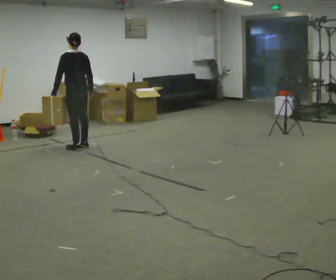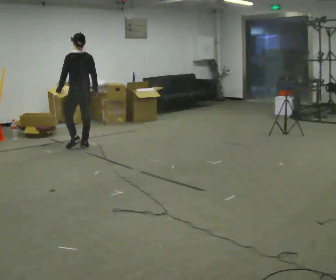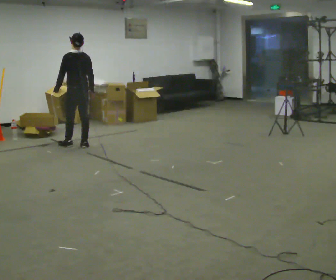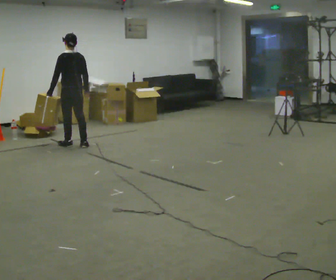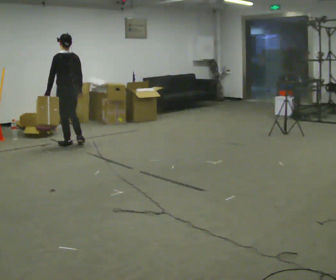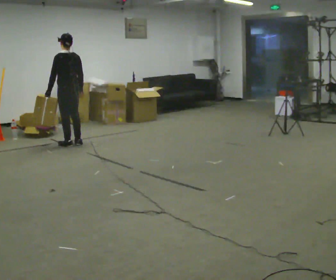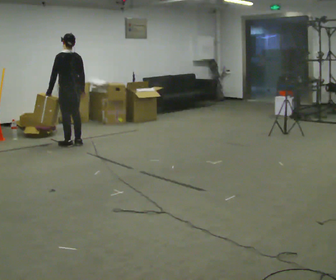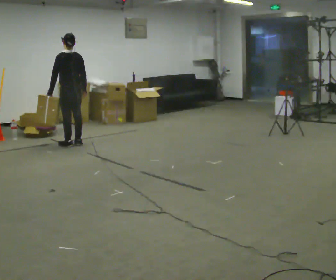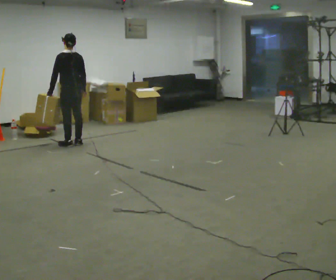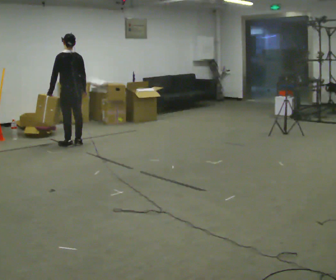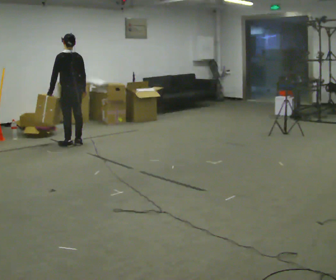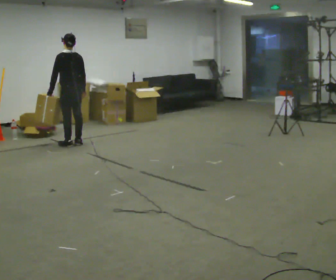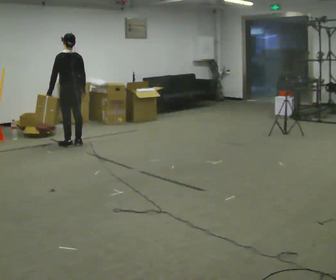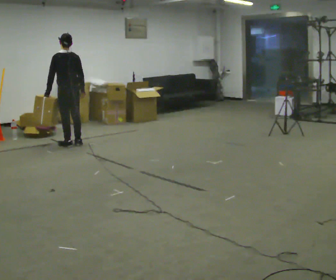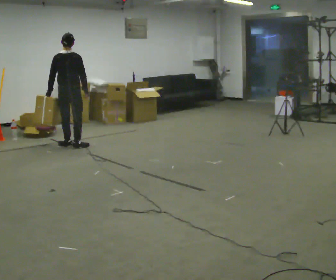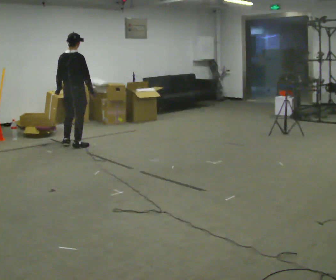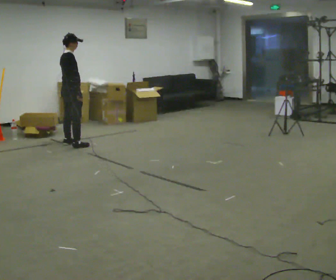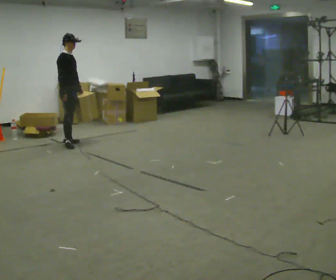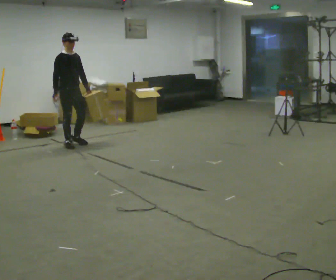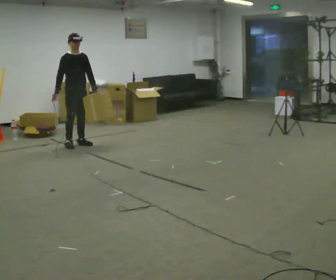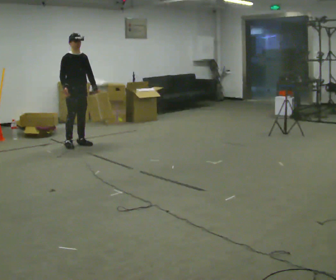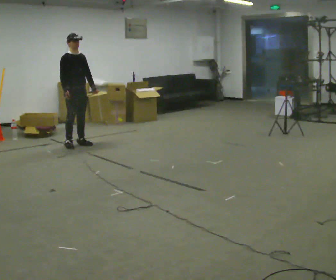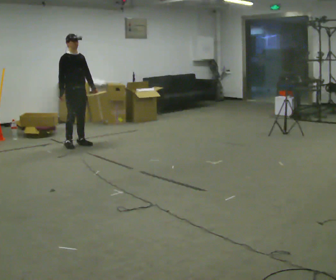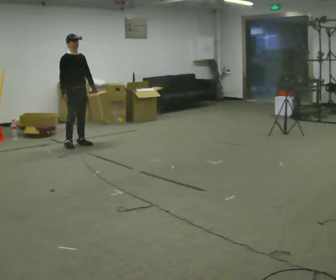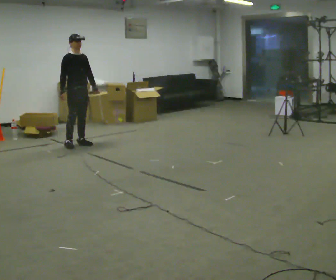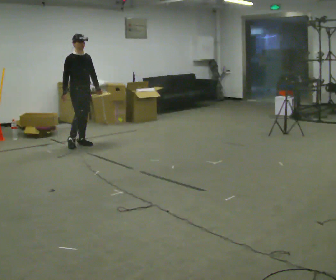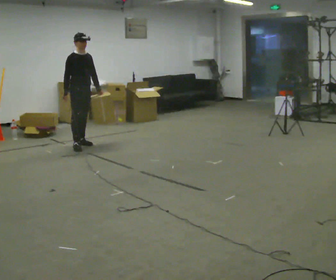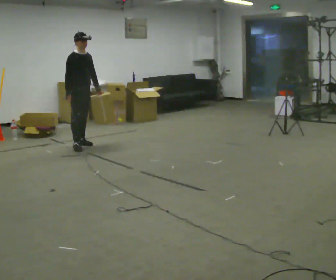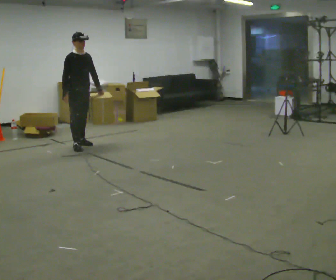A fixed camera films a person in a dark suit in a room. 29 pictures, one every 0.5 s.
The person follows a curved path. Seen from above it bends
counterclockwise.
0.0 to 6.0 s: In the picture they go away from the camera, about 0.25 m in 2 steps, which for them is forward.
6.0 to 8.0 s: The part of the body nearest the lens slides to the left as the person turns to their right by about 90 degrees.
8.0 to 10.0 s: Seen from above the body turns clockwise, about 75 degrees: to their right, with its near side sliding to the left. In the picture their left hand goes to the right.
10.0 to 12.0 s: The person moves a little, or ends about where they began.
12.0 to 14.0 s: In the picture they go toward the camera, about 0.25 m in 1 step, which for them is forward.
The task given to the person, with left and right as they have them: Carry the object in the hand the operator calls, down at your side, walking back and forth across the room.
The film runs forward here.
